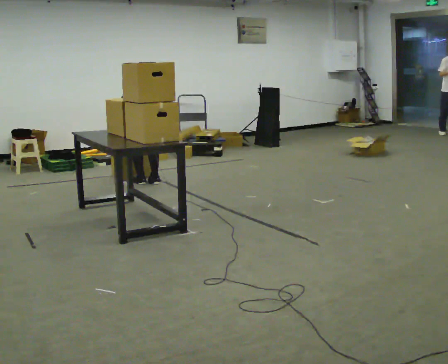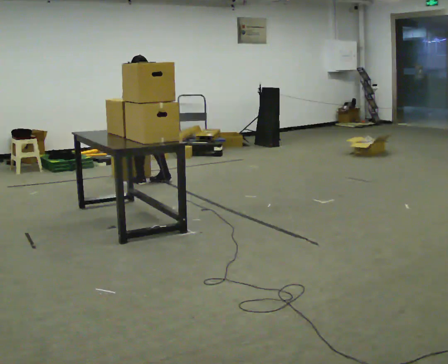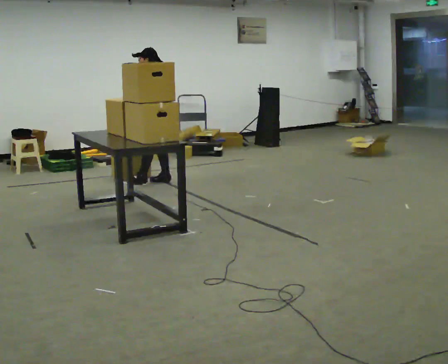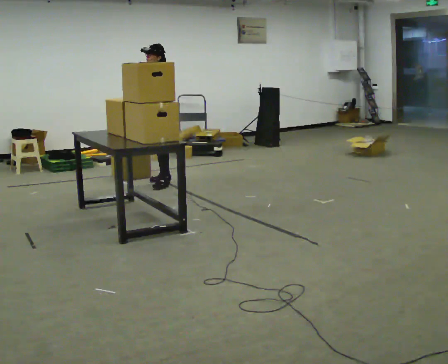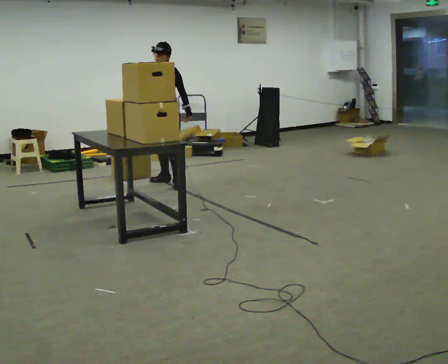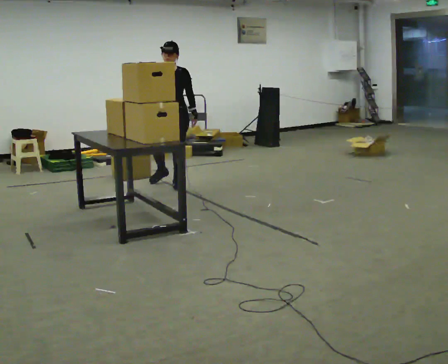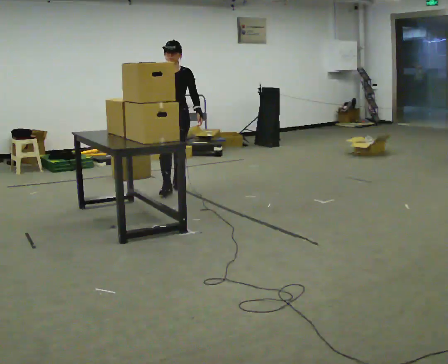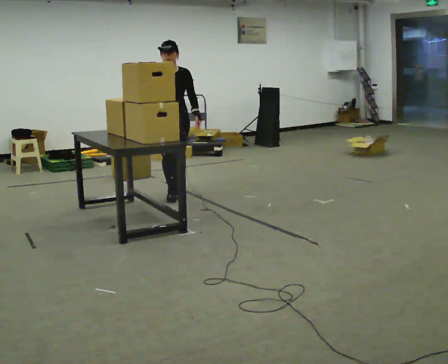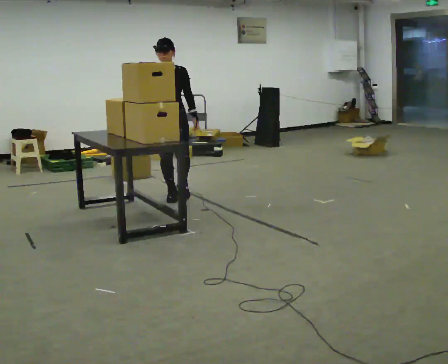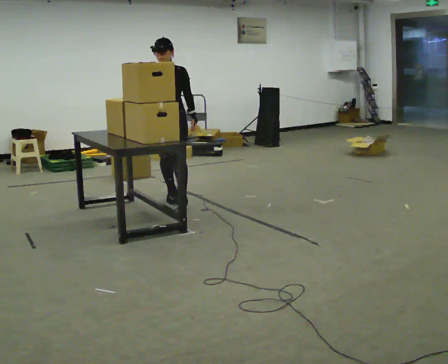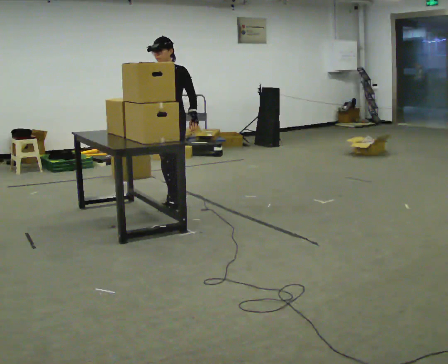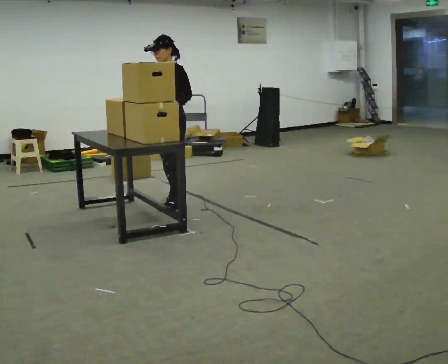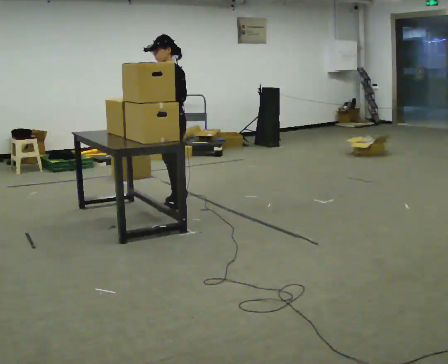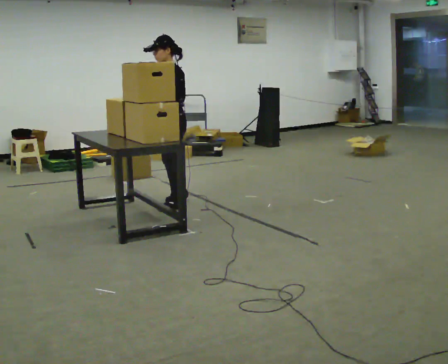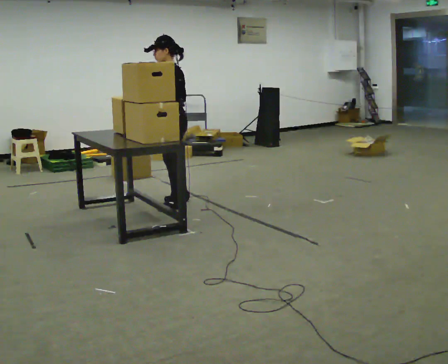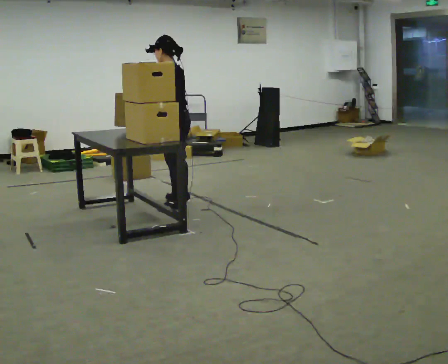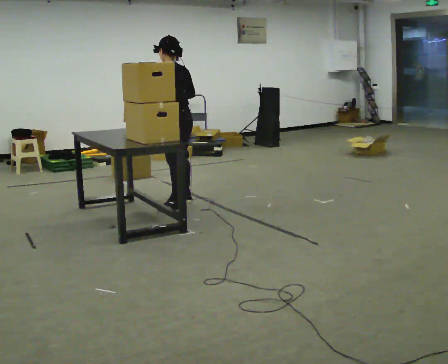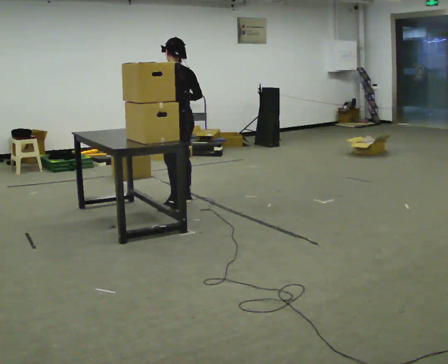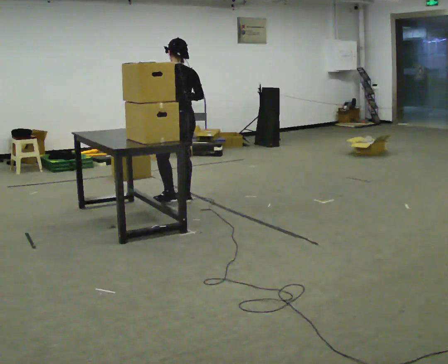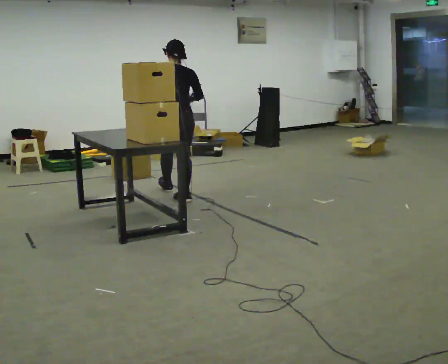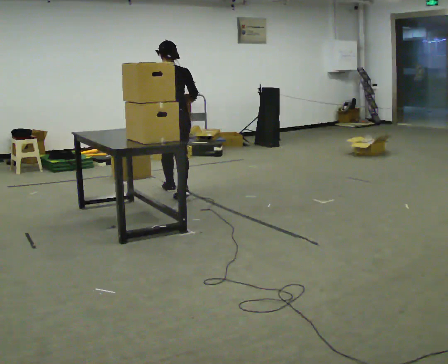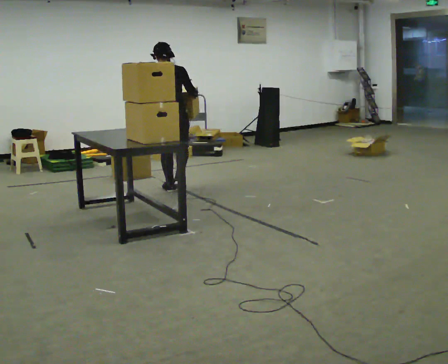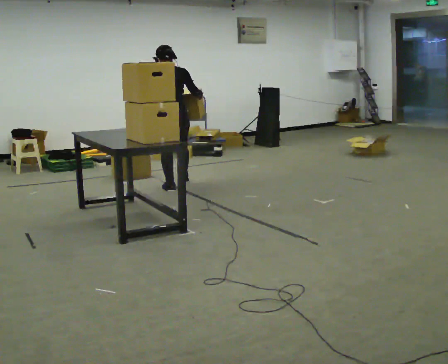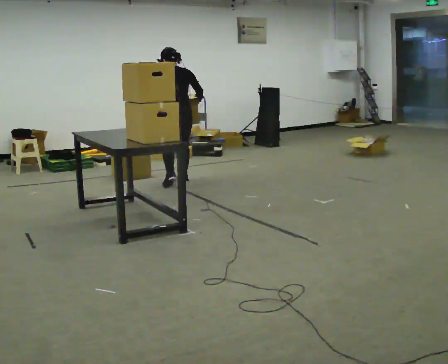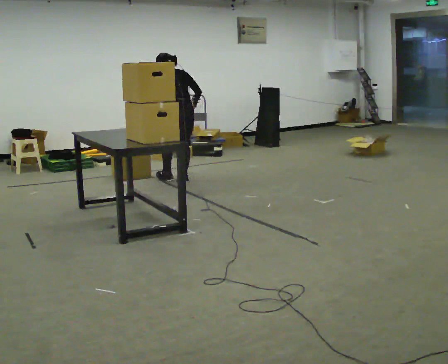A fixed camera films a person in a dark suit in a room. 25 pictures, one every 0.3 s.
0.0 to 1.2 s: Seen from above the body turns counterclockwise, about 120 degrees: to their left, with its near side sliding to the right. In the picture they go to the right, about 0.25 m in 2 steps. The upper body goes upward. The upper body tips toward the camera, its near side rolling downward, as they lean back or straighten.
1.2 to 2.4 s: The person turns about 45 degrees to their left, counterclockwise seen from above, so the part of the body nearest the lens slides to the right. In the picture they go toward the camera, about 0.5 m in 1 step, which for them is forward.
2.4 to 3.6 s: Seen from above the body turns clockwise, about 75 degrees: to their right, with its near side sliding to the left. In the picture they go toward the camera, about 0.25 m in 1 step.
3.6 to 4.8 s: The part of the body nearest the lens slides to the left as the person turns to their right by about 60 degrees. In the picture their right hand goes to the right.
4.8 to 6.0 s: The person turns about 60 degrees to their right, clockwise seen from above, so the part of the body nearest the lens slides to the left. In the picture they go away from the camera, about 0.5 m in 1 step.
6.0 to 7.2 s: In the picture they go away from the camera, about 0.5 m in 1 step, which for them is forward. The upper body tips away from the camera, its near side rolling upward, as they bend forward.
The film runs forward here.
